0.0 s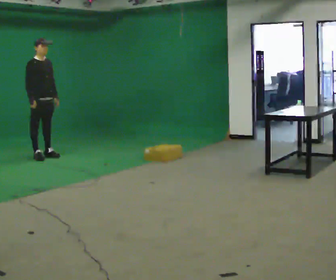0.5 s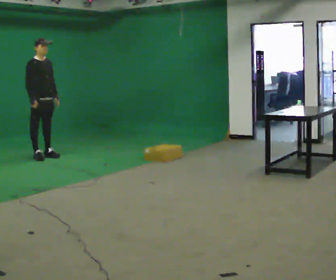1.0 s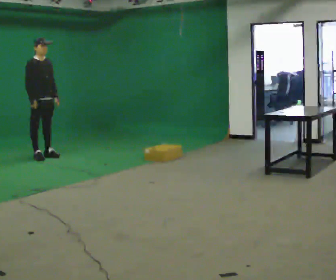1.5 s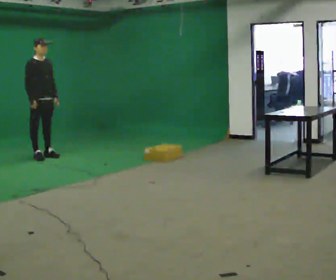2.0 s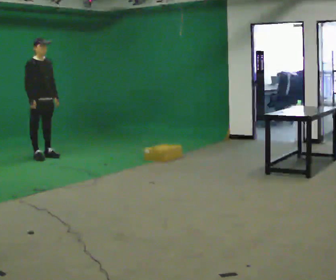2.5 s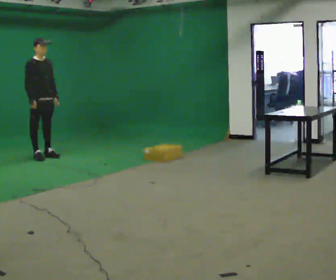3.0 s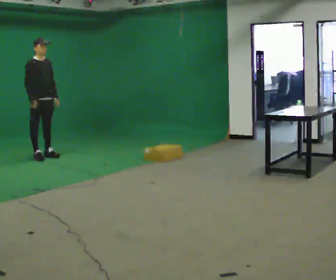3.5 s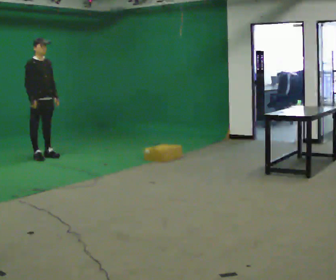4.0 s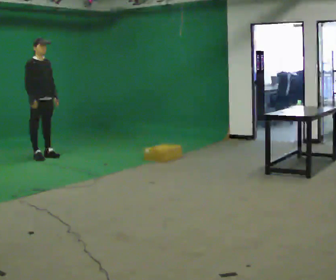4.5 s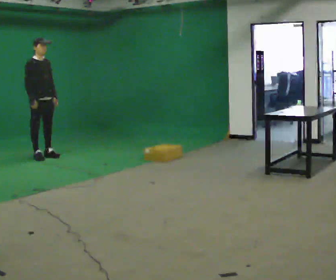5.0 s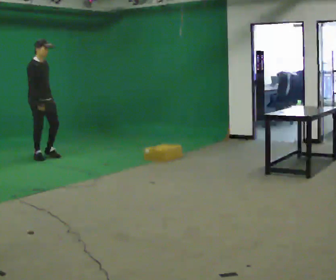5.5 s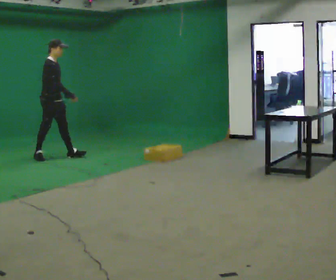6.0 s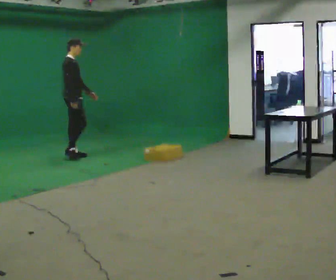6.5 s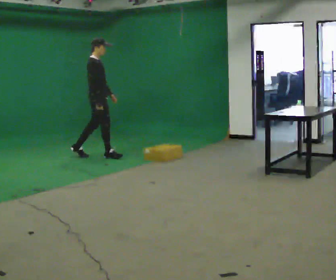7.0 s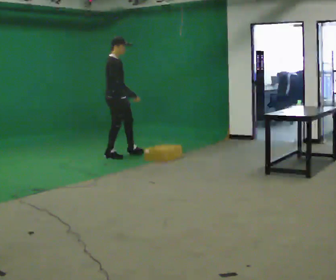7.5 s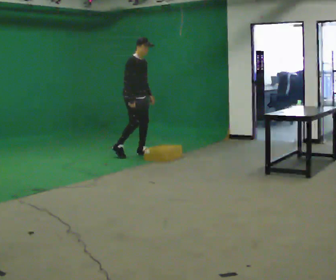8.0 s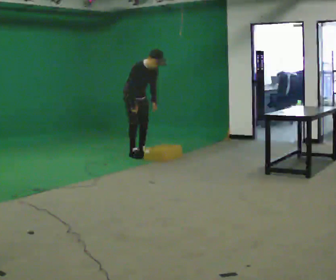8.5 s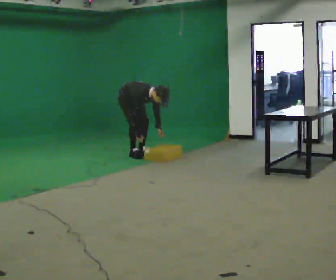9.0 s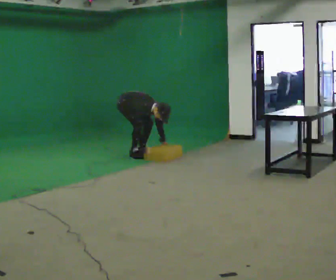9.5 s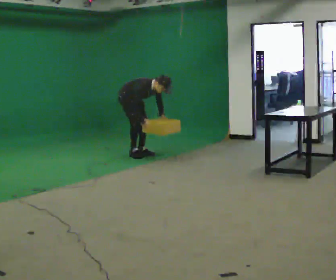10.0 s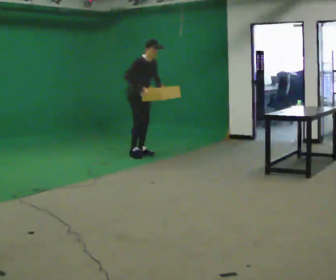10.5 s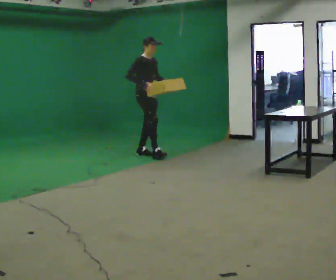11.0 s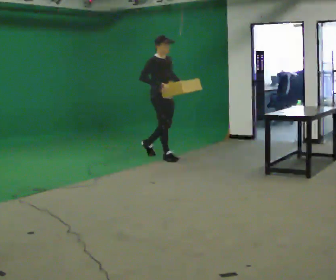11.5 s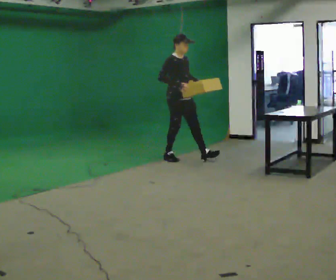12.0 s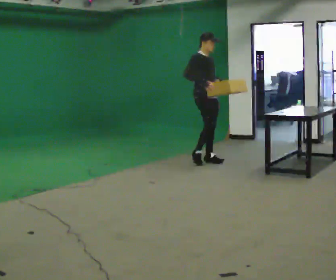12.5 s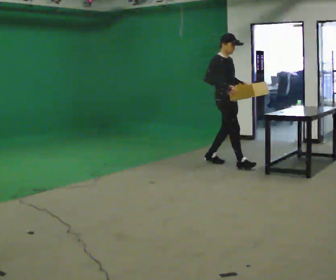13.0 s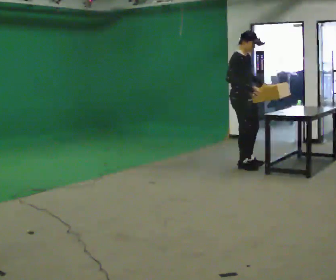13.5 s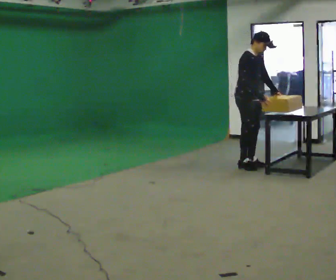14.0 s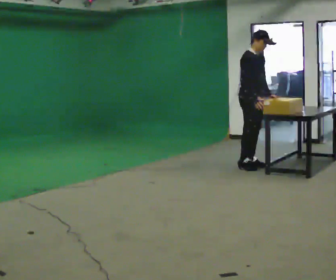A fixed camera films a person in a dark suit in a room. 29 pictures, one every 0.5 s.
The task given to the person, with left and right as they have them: Walk forward noticeably slower than normal; do not shuffle; stop.
0.0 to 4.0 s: The person moves a little, or ends about where they began.
4.0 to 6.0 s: The part of the body nearest the lens slides to the right as the person turns to their left by about 45 degrees. In the picture they go to the right, about 0.5 m in 1 step, which for them is forward and to their left.
6.0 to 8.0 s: The part of the body nearest the lens slides to the left as the person turns to their right by about 45 degrees. In the picture they go to the right, about 1 m in 3 steps, which for them is forward. The upper body tips toward the camera, its near side rolling downward, as they bend forward.
8.0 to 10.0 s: The person moves a little, or ends about where they began.
10.0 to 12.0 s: In the picture they go to the right and toward the camera, about 1 m in 2 steps, which for them is forward. In the picture the upper body tilts counterclockwise, shoulders to the left, as they lean back or straighten.
12.0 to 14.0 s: In the picture they go to the right and toward the camera, about 0.75 m in 2 steps, which for them is forward.
The film runs forward here.
